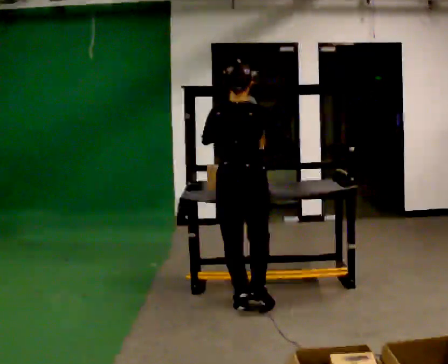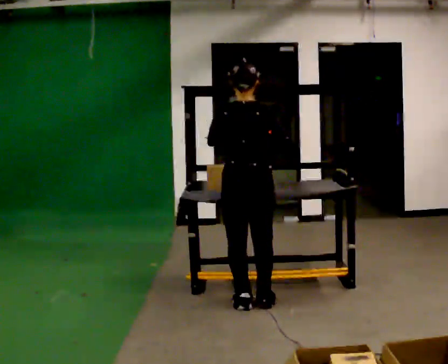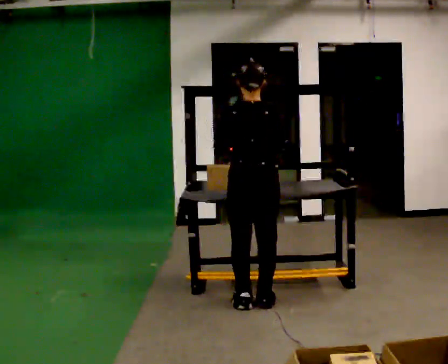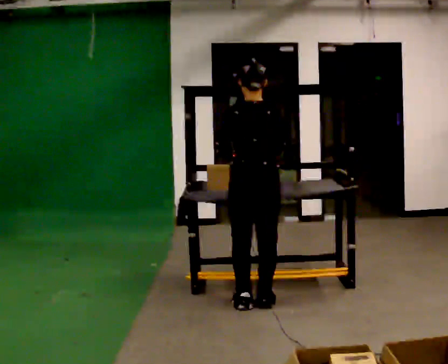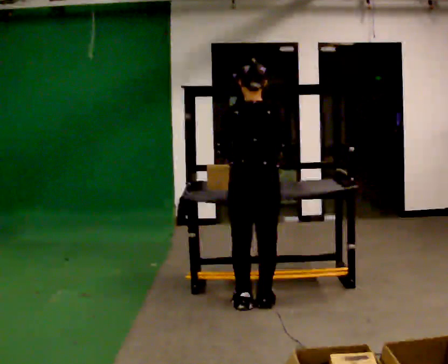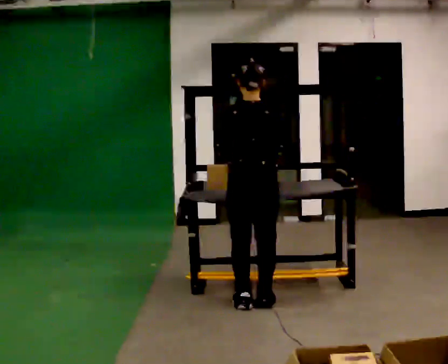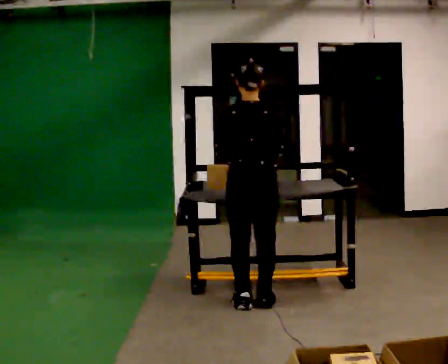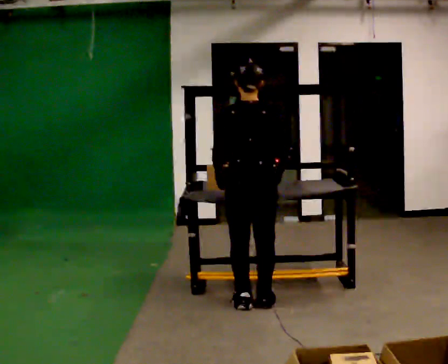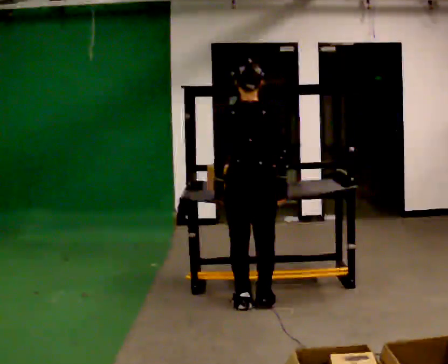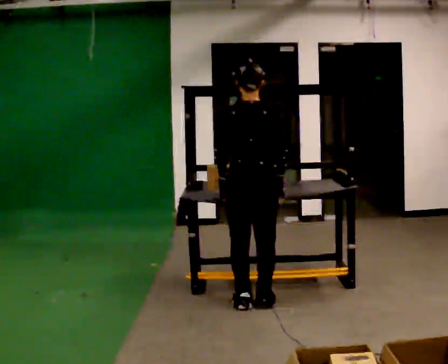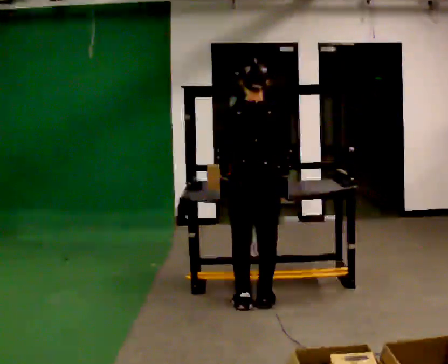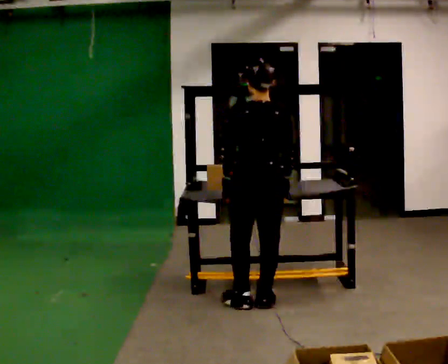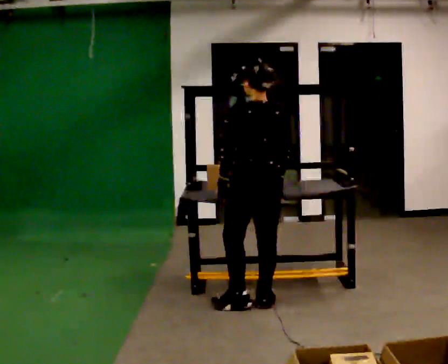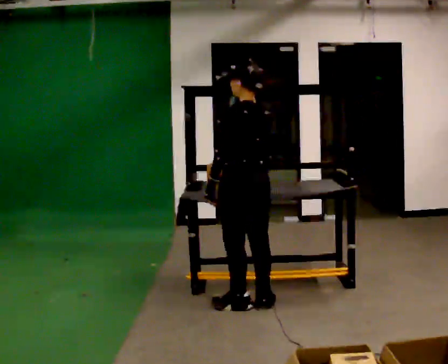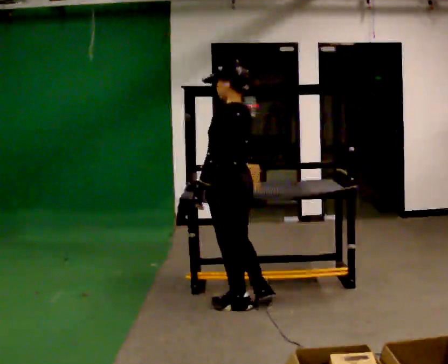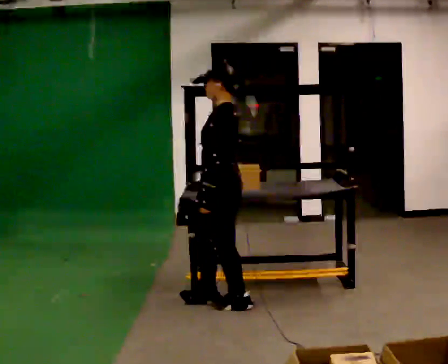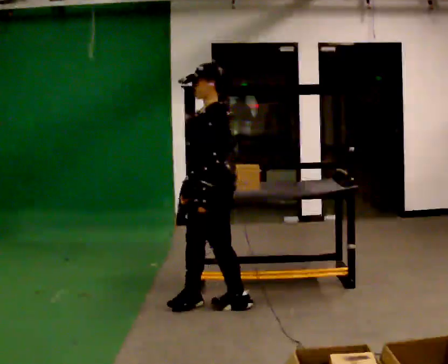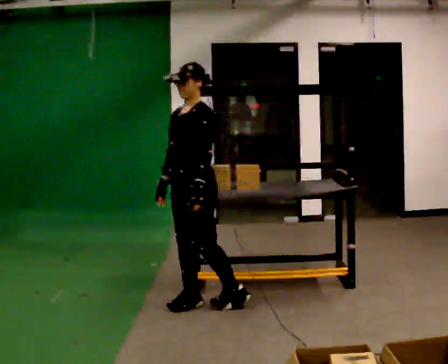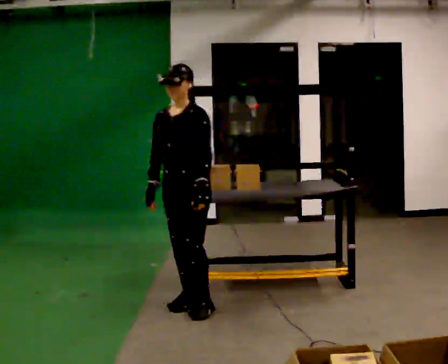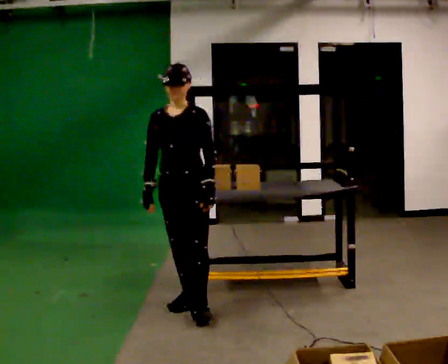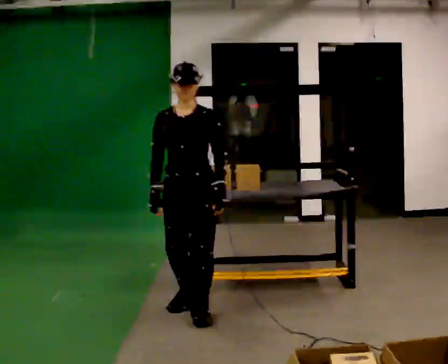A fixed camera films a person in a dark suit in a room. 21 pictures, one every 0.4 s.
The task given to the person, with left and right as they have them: 1. Look at the shelf and see which spaces are empty. 2. Find matching items in the bins on the floor. 3. Fill the empty spaces on the shelf. 4. Tell the operator when you are finished.
0.0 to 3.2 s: In the picture their left hand goes downward.
3.2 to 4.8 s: Seen from above the body turns counterclockwise, about 30 degrees: to their left, with its near side sliding to the right.
4.8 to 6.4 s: The person turns about 75 degrees to their left, counterclockwise seen from above, so the part of the body nearest the lens slides to the right. In the picture they go to the left, about 0.25 m in 1 step.
6.4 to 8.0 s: The person turns about 60 degrees to their left, counterclockwise seen from above, so the part of the body nearest the lens slides to the right. In the picture they go toward the camera, about 0.25 m in 1 step.
The film runs forward here.
